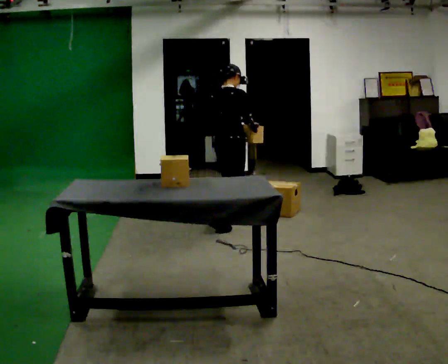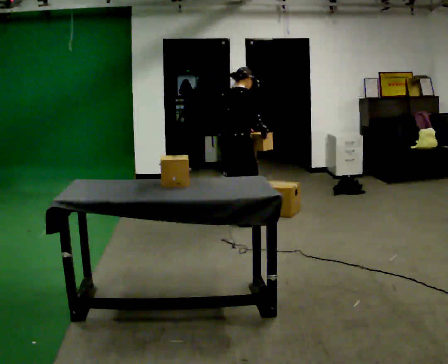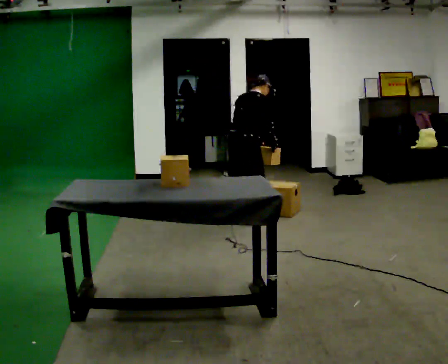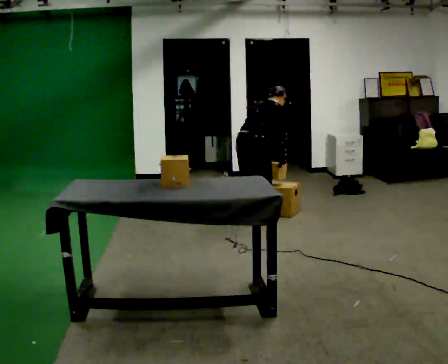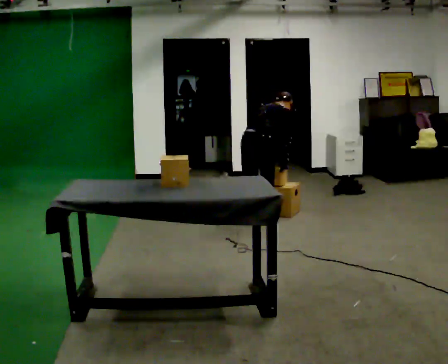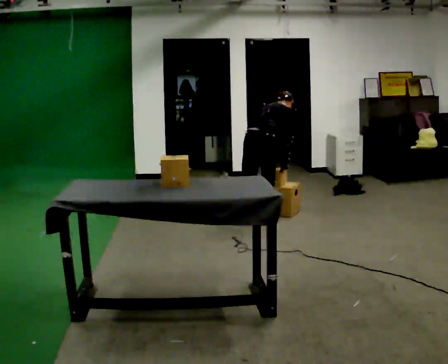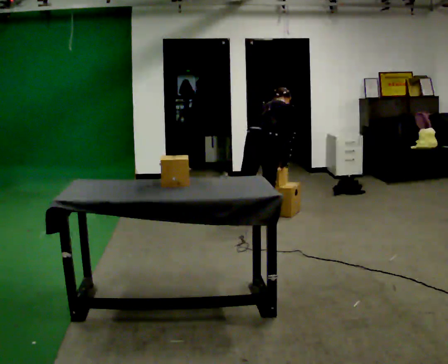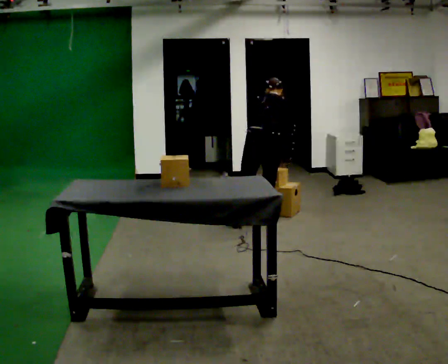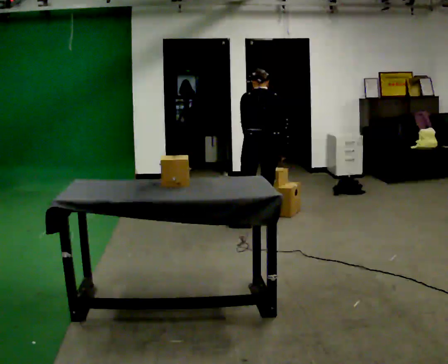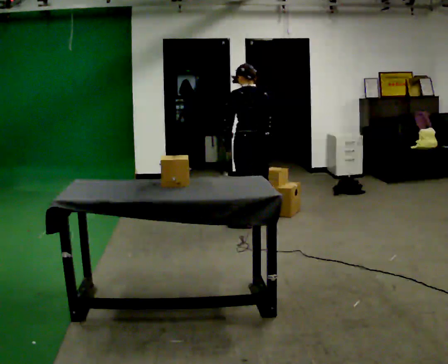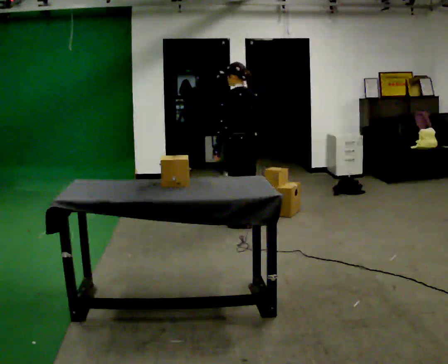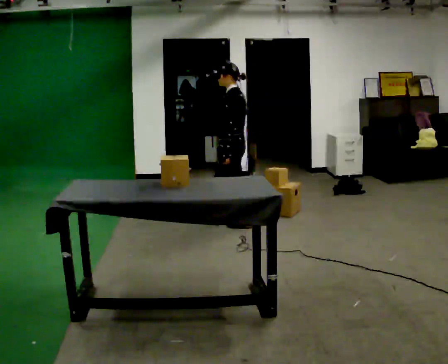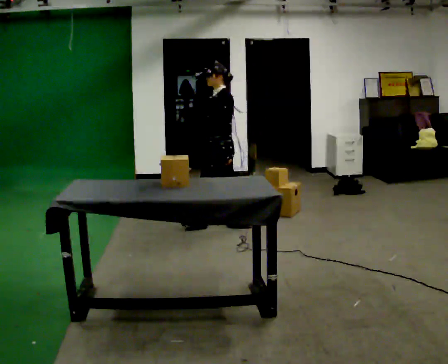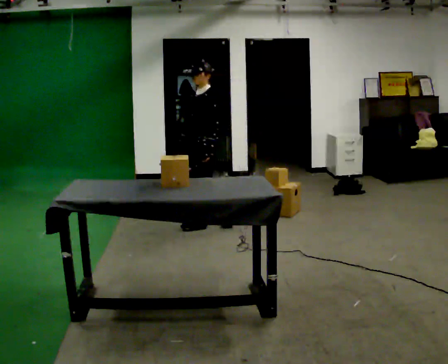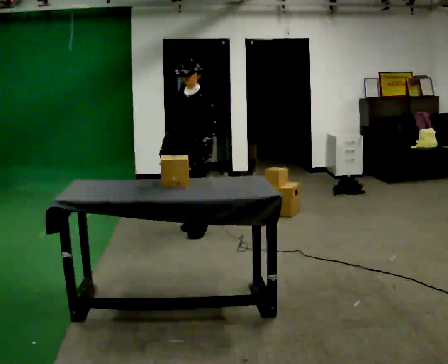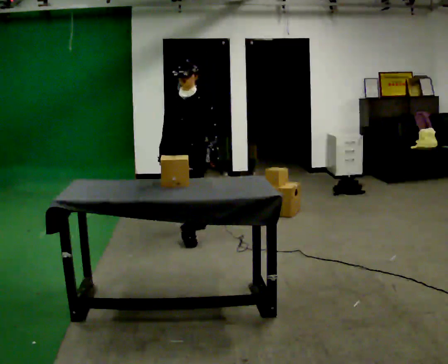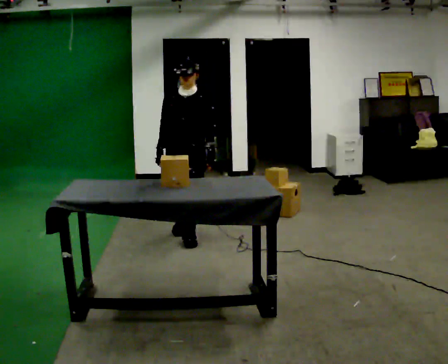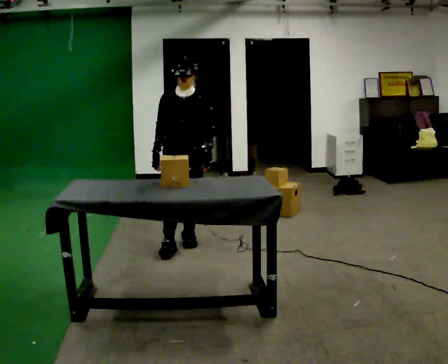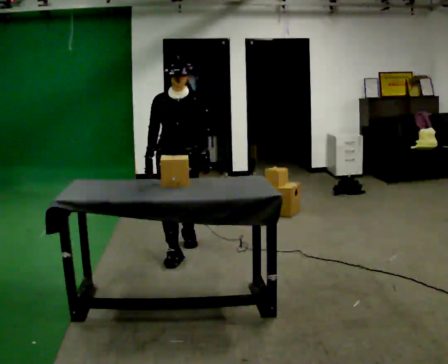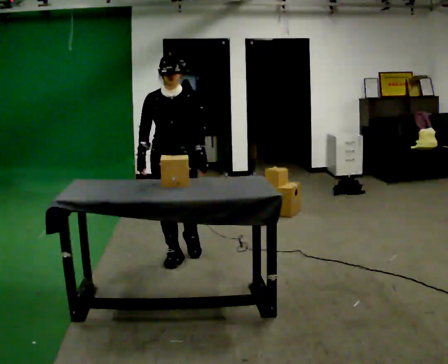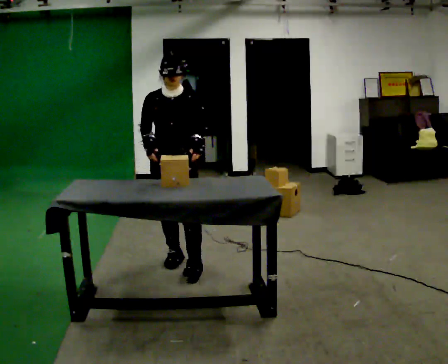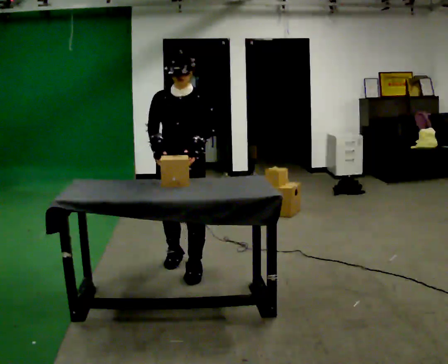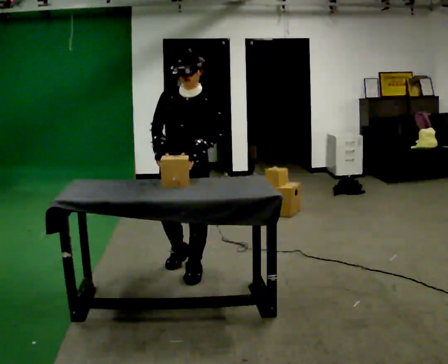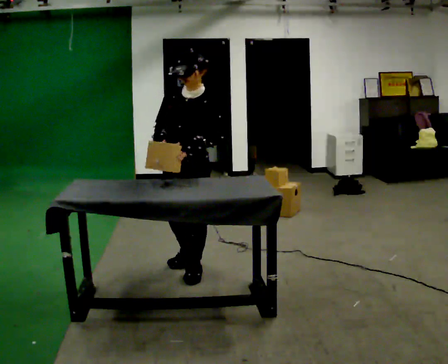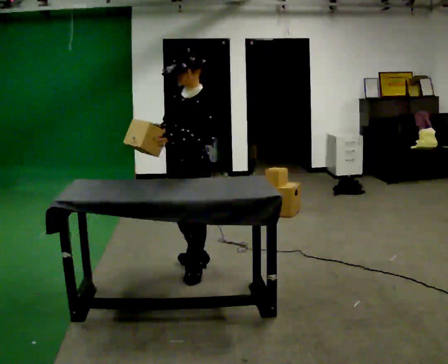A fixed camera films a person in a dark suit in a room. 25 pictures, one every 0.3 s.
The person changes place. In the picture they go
toward the camera.
0.0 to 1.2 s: In the picture they go to the right, about 0.25 m in 1 step, which for them is forward and to their right. The shoulders move downward. In the picture the upper body tilts clockwise, shoulders to the right, as they bend forward. In the picture their right hand goes downward.
1.2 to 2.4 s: Seen from above the body turns counterclockwise, about 45 degrees: to their left, with its near side sliding to the right. The shoulders move upward. In the picture the upper body tilts counterclockwise, shoulders to the left, as they lean back or straighten.
2.4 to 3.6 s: Seen from above the body turns counterclockwise, about 105 degrees: to their left, with its near side sliding to the right. In the picture they go to the left, about 0.5 m in 1 step. The upper body tips toward the camera, its near side rolling downward, as they lean back or straighten.
3.6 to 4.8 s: The person turns about 60 degrees to their left, counterclockwise seen from above, so the part of the body nearest the lens slides to the right. In the picture they go toward the camera and to the left, about 0.5 m in 1 step.
4.8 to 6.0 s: In the picture they go toward the camera, about 0.5 m in 1 step, which for them is forward.
6.0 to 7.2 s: The person turns about 60 degrees to their right, clockwise seen from above, so the part of the body nearest the lens slides to the left. In the picture they go to the right, about 0.25 m in 2 steps, which for them is to their left.
The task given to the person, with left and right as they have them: Take each object from the table and put it in the bin that matches it, walking between the bins. Keep going until the operator says stop; one object at a time, and do not rush between trips.
The film runs forward here.
